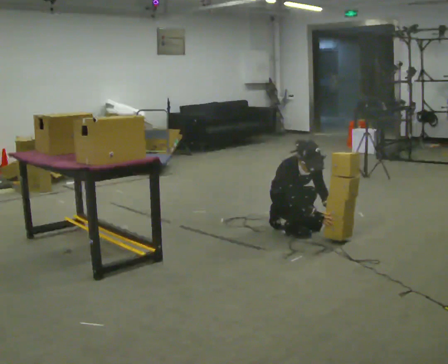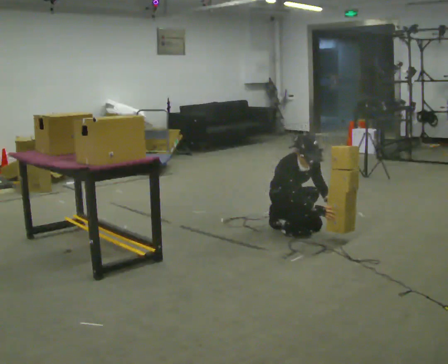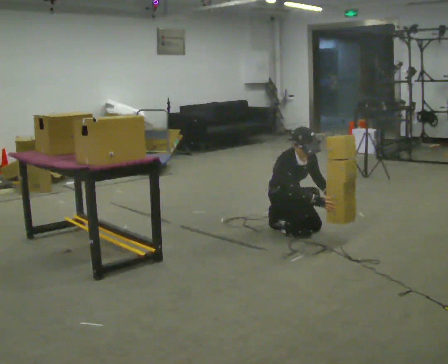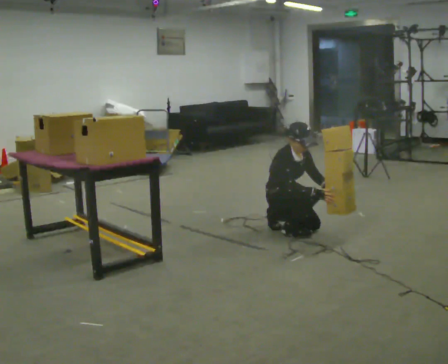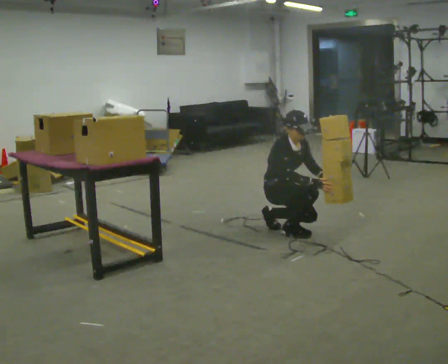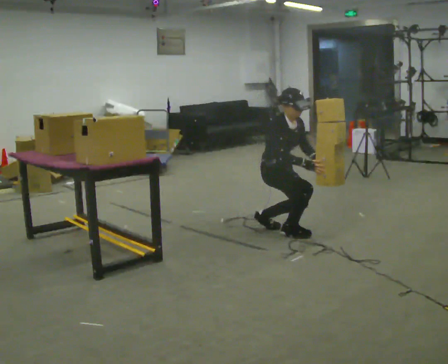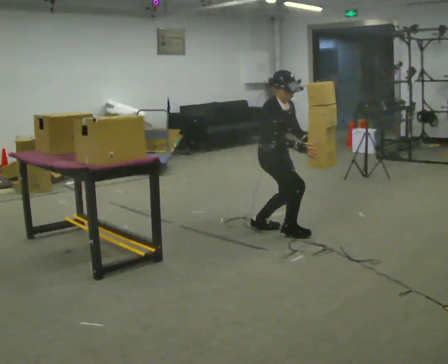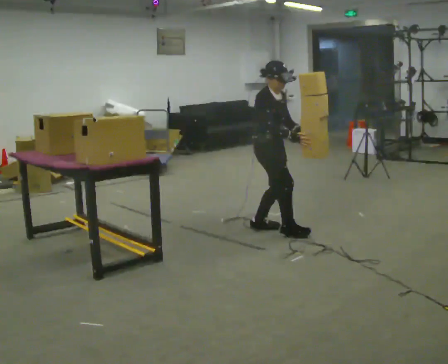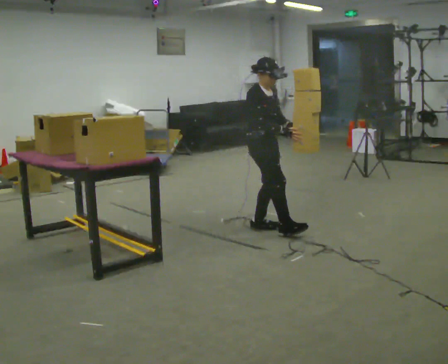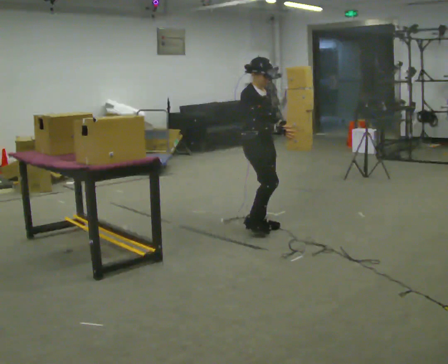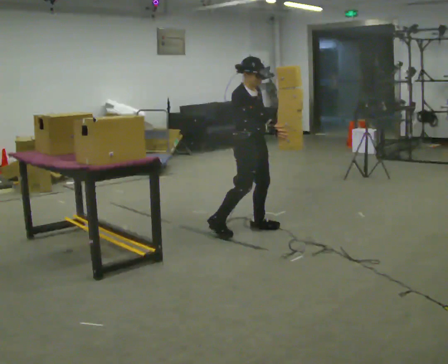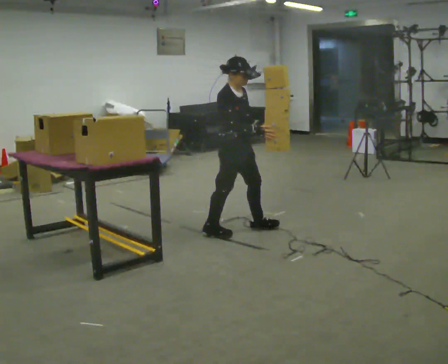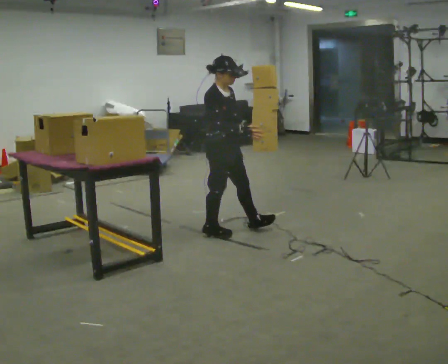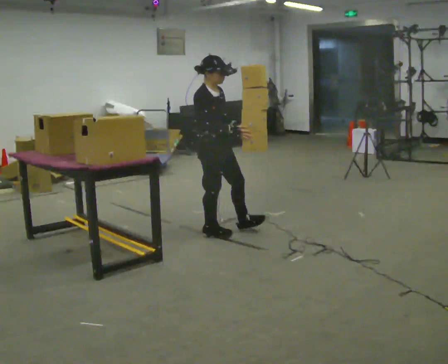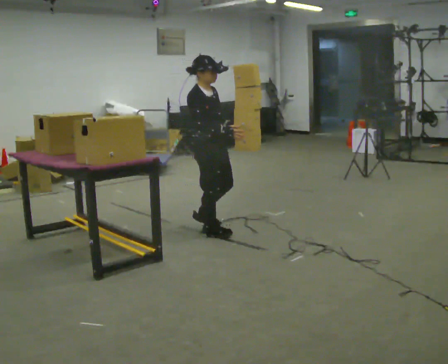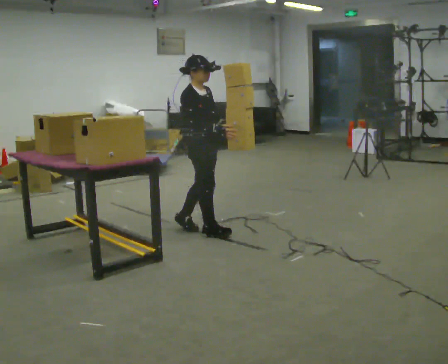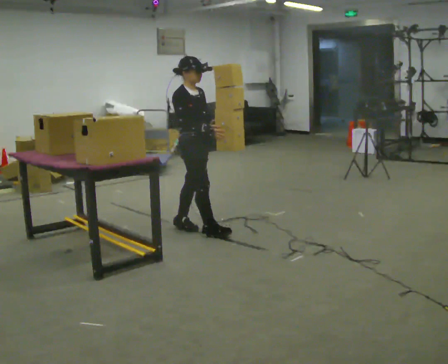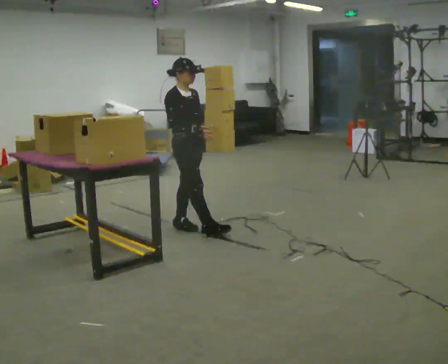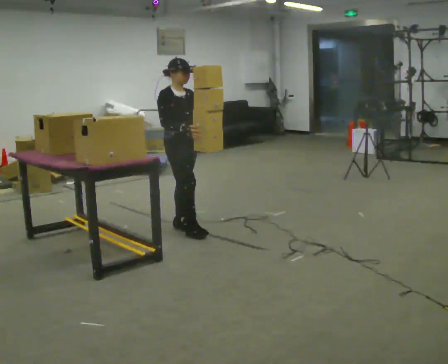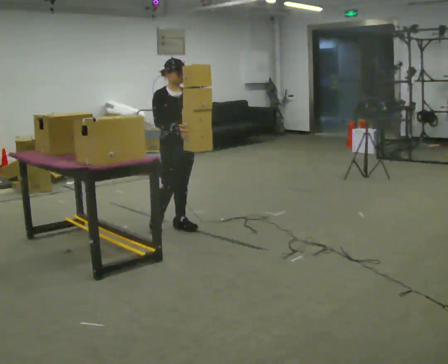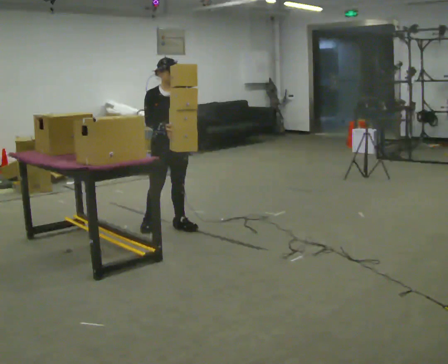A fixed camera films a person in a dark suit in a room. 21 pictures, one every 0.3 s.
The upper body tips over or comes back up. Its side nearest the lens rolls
upward.
The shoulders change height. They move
upward.
0.0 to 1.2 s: The upper body goes upward. The upper body tips away from the camera, its near side rolling upward, as they lean back or straighten.
1.2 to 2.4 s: The shoulders move upward. In the picture the upper body tilts counterclockwise, shoulders to the left, as they lean back or straighten. In the picture their left hand goes upward.
2.4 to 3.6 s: In the picture they go to the left, about 0.25 m in 1 step, which for them is to their right and backward.
3.6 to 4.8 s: In the picture they go to the left, about 0.25 m in 1 step, which for them is backward.
4.8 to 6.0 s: The person turns about 30 degrees to their right, clockwise seen from above, so the part of the body nearest the lens slides to the left. In the picture they go to the left, about 0.25 m in 1 step, which for them is backward.
The film runs backward here.
